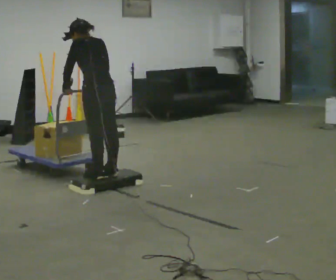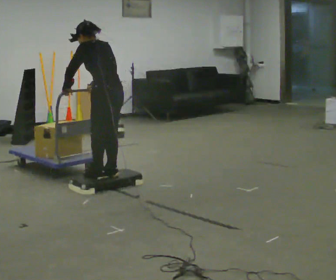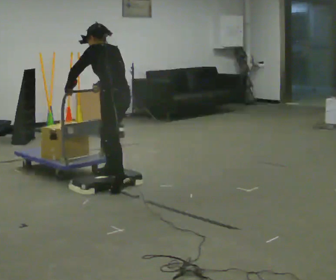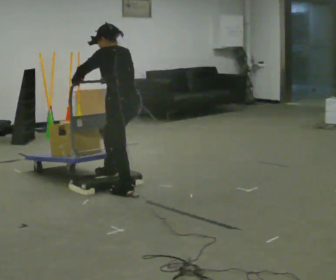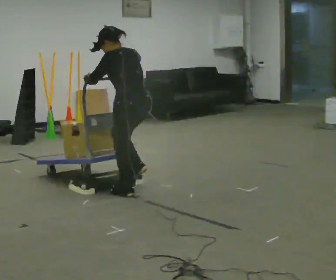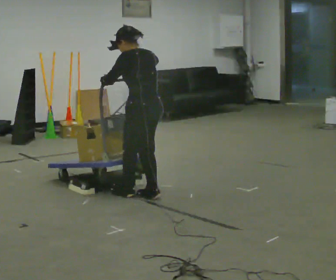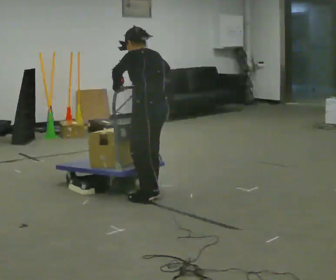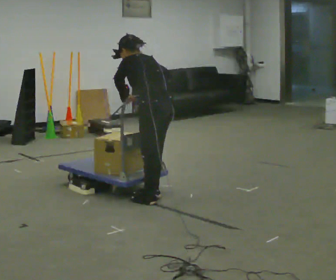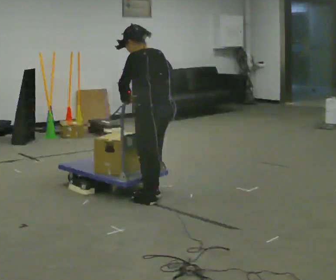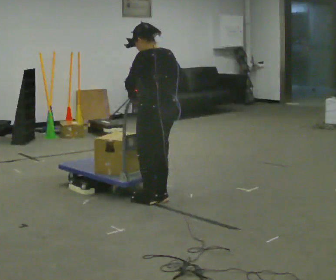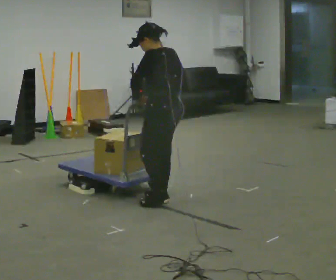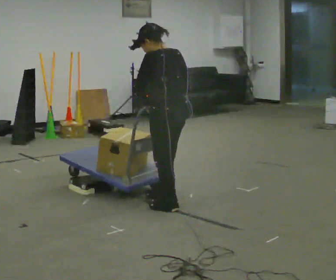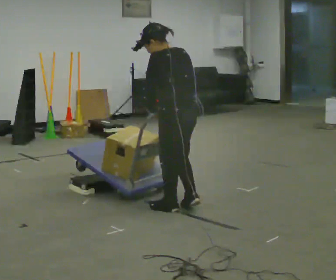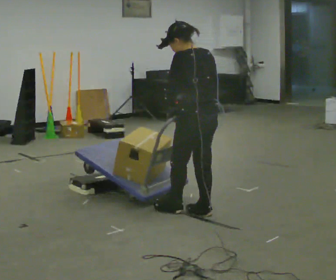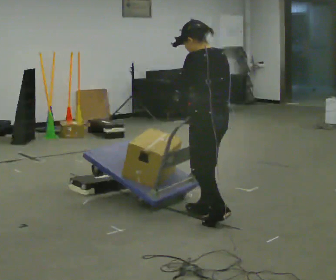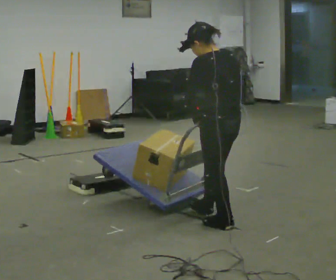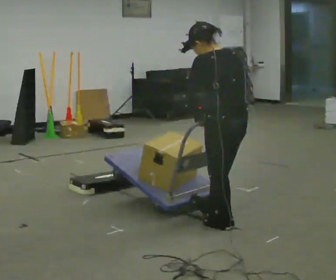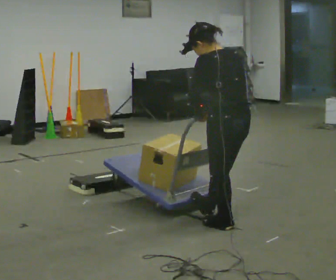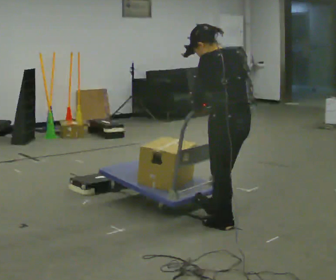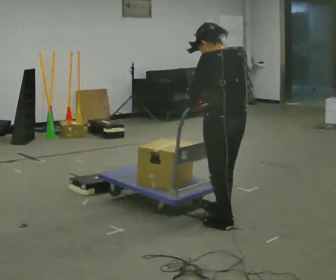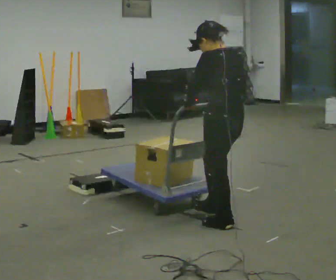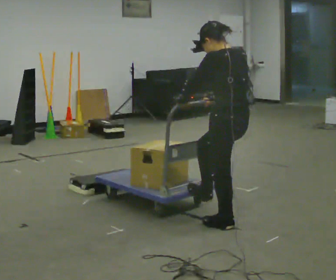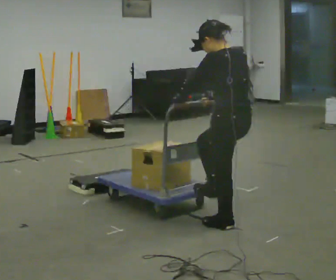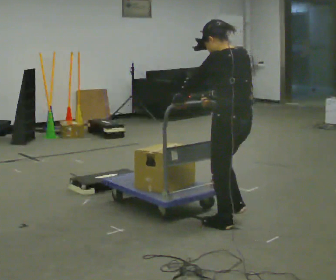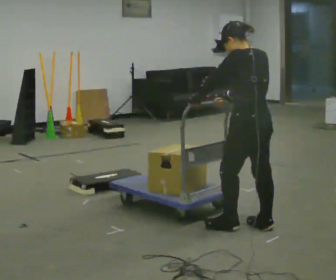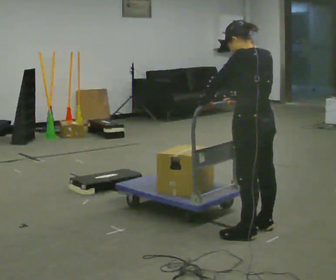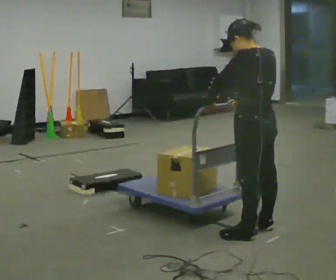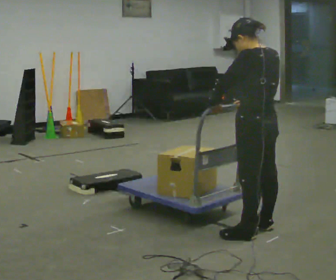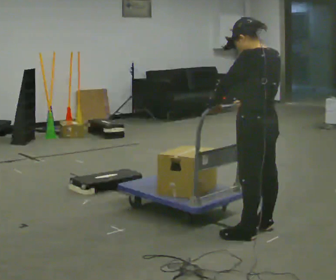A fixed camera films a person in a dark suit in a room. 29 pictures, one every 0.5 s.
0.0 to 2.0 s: In the picture they go to the right and toward the camera, about 0.5 m in 2 steps, which for them is backward.
2.0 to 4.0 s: In the picture they go to the right, about 0.25 m in 1 step, which for them is backward. In the picture their right hand goes to the right.
4.0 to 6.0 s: In the picture they go to the right and toward the camera, about 0.25 m in 2 steps, which for them is backward.
6.0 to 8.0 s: In the picture they go to the right and toward the camera, about 0.5 m in 1 step, which for them is backward.
8.0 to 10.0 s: The person moves a little, or ends about where they began.
10.0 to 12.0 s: In the picture they go to the right, about 0.25 m in 2 steps, which for them is backward.
12.0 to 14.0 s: The person moves a little, or ends about where they began.
The film runs backward here.
